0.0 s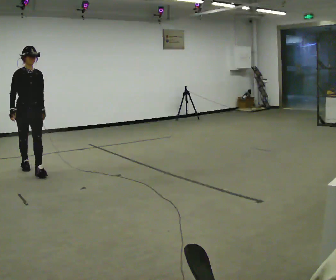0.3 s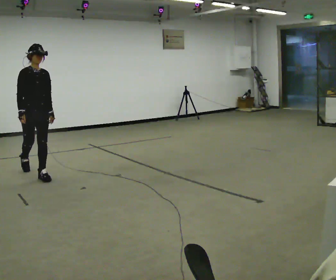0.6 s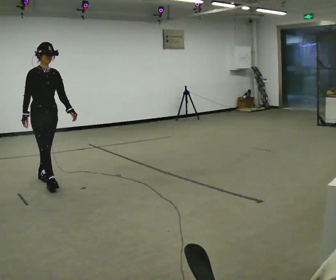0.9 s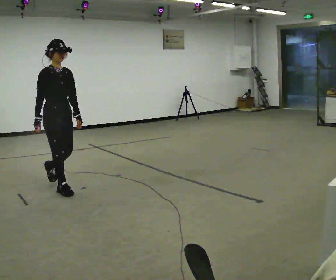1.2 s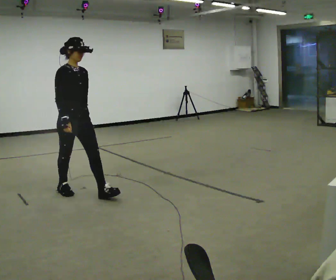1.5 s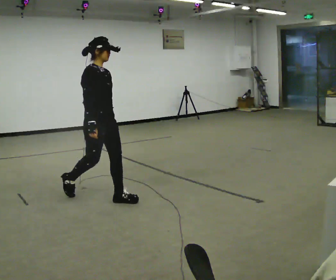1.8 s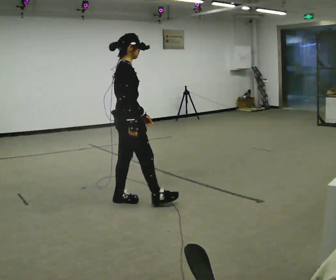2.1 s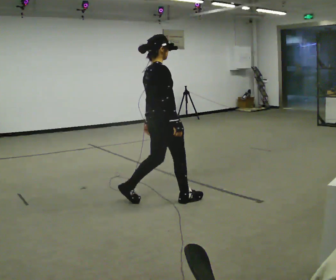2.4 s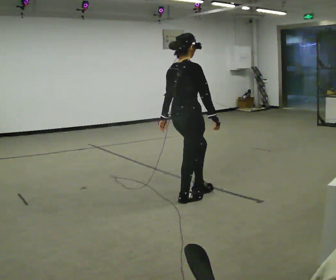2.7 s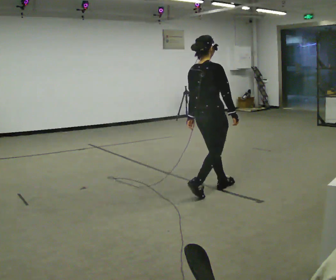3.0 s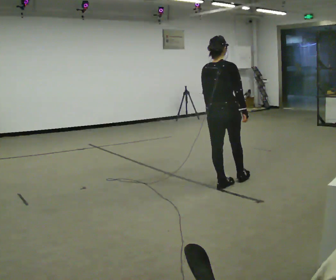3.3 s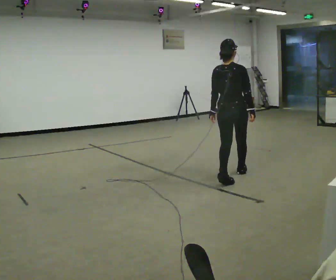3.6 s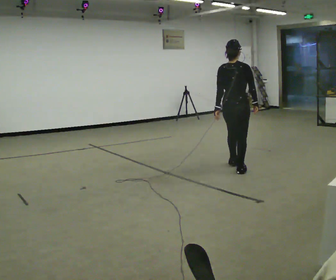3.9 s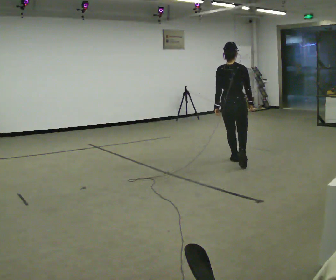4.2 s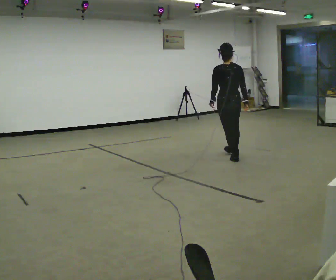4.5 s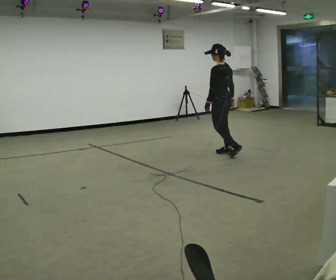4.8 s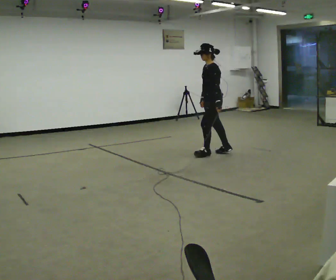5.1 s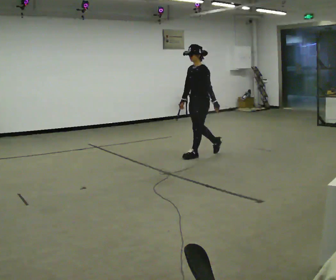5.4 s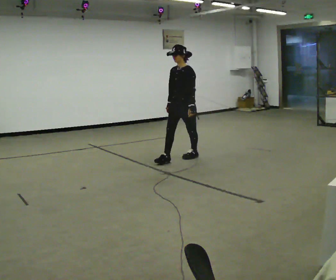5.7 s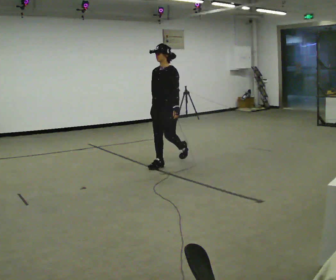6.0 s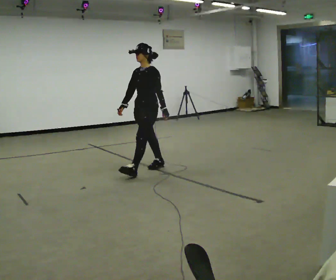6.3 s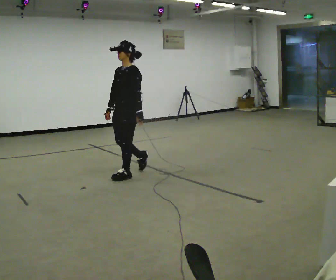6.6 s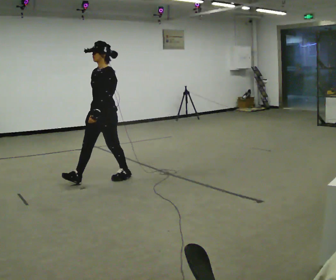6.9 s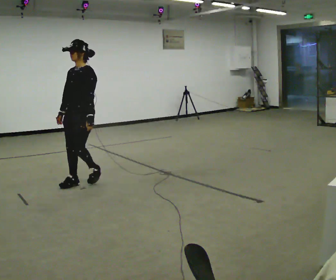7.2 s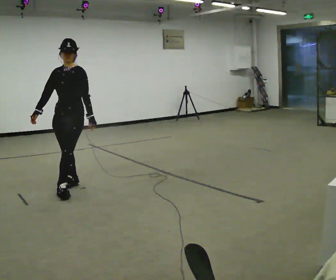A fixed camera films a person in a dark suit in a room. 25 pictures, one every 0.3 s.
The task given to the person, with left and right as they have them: Walk continuously around room; naturally change direction/speed; no manipulation.
0.0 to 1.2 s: In the picture they go to the right and toward the camera, about 1 m in 2 steps, which for them is forward.
1.2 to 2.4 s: Seen from above the body turns counterclockwise, about 75 degrees: to their left, with its near side sliding to the right. In the picture they go to the right, about 1 m in 2 steps.
2.4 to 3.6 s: Seen from above the body turns counterclockwise, about 30 degrees: to their left, with its near side sliding to the right. In the picture they go away from the camera and to the right, about 1 m in 2 steps, which for them is forward.
3.6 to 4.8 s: The part of the body nearest the lens slides to the right as the person turns to their left by about 120 degrees. In the picture they go away from the camera and to the left, about 1 m in 2 steps.
4.8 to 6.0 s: Seen from above the body turns counterclockwise, about 30 degrees: to their left, with its near side sliding to the right. In the picture they go toward the camera and to the left, about 1 m in 2 steps, which for them is forward.
6.0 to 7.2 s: Seen from above the body turns counterclockwise, about 30 degrees: to their left, with its near side sliding to the right. In the picture they go toward the camera and to the left, about 1 m in 2 steps, which for them is forward.
The film runs forward here.
